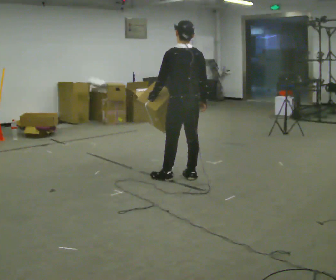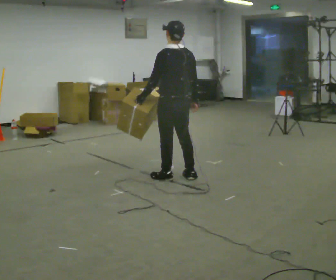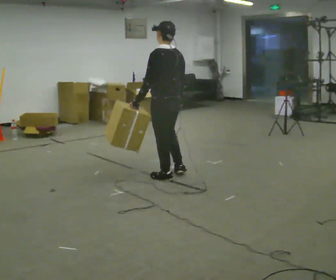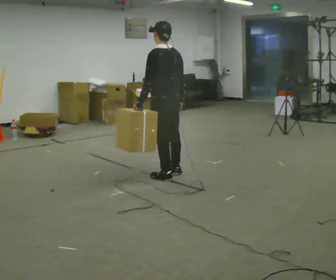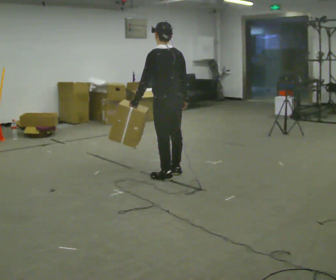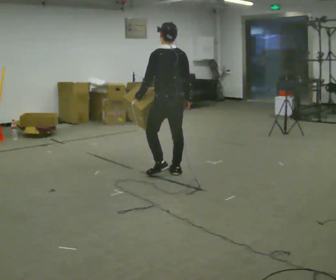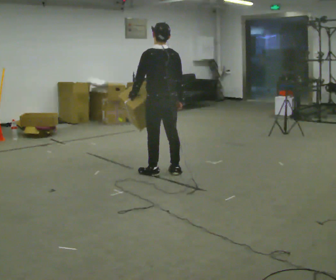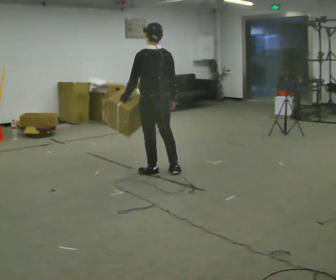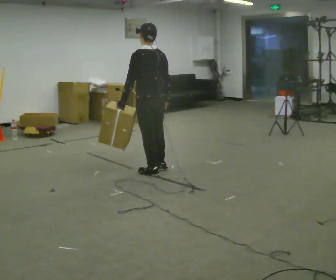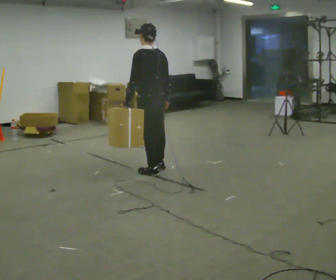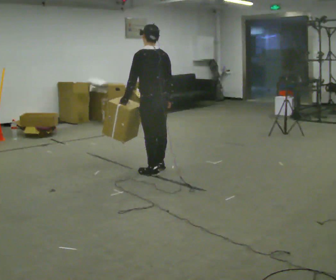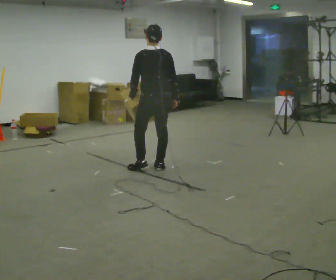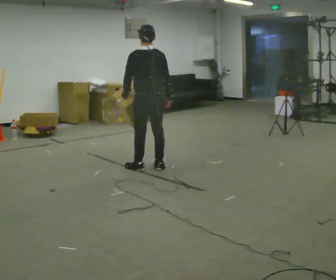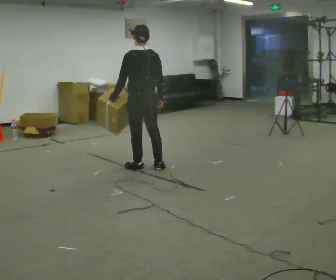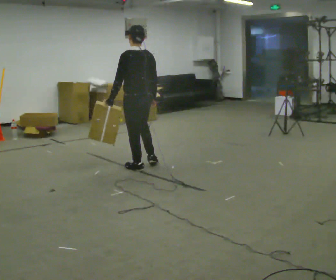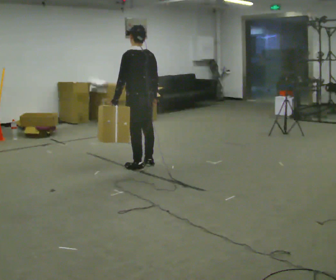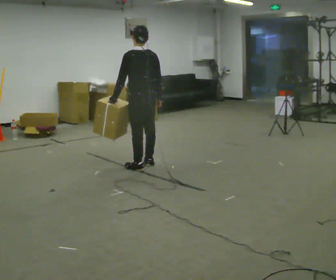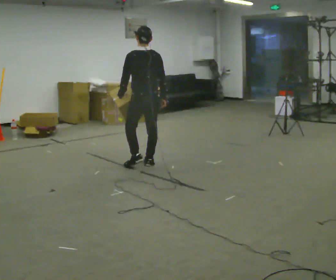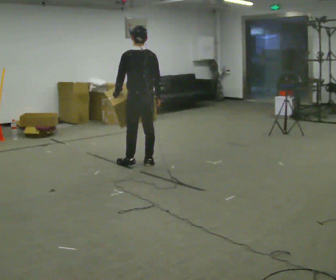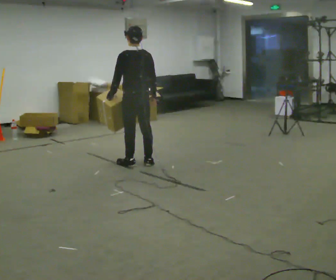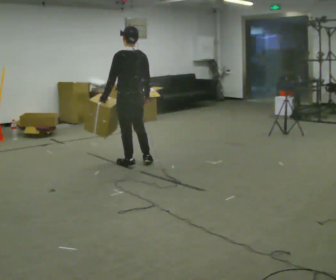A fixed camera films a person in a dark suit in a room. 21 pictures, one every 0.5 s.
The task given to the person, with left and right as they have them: Carry the object in the hand the operator calls, down at your side, walking back and forth across the room.
0.0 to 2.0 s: In the picture they go to the left, about 0.25 m in 1 step, which for them is forward.
2.0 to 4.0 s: In the picture they go to the left, about 0.25 m in 1 step, which for them is to their left and forward.
4.0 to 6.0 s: In the picture they go away from the camera, about 0.25 m in 2 steps, which for them is forward.
6.0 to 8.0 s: The person moves a little, or ends about where they began.
8.0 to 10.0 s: In the picture they go to the left, about 0.25 m in 1 step, which for them is forward.
The film runs forward here.
